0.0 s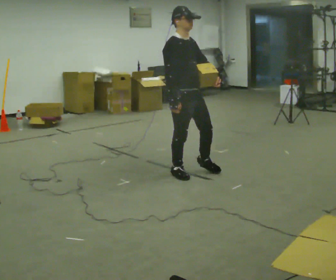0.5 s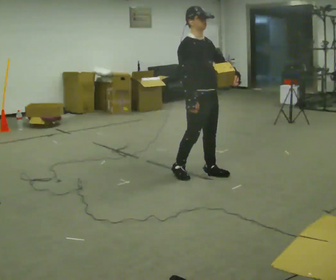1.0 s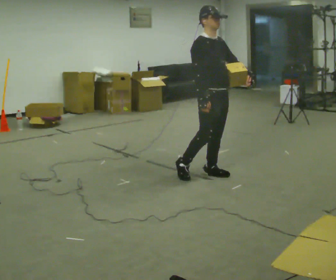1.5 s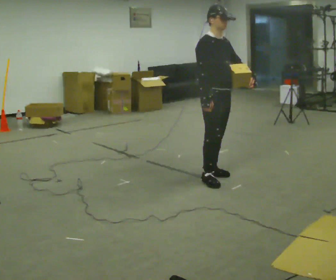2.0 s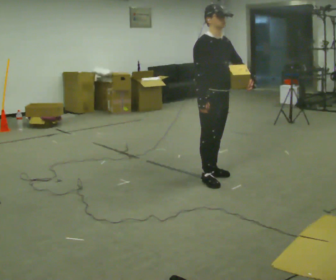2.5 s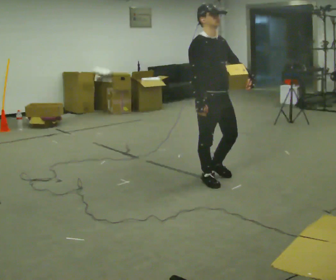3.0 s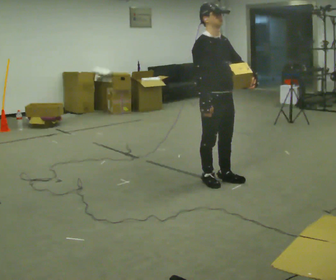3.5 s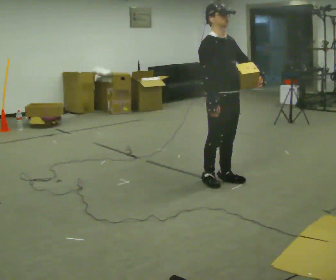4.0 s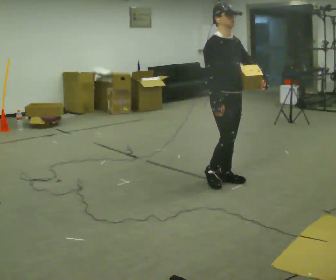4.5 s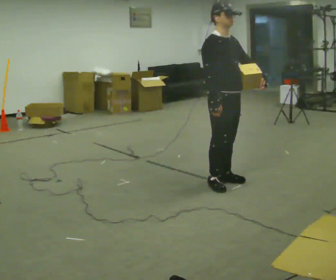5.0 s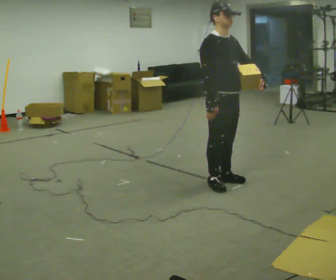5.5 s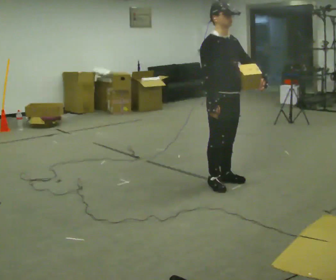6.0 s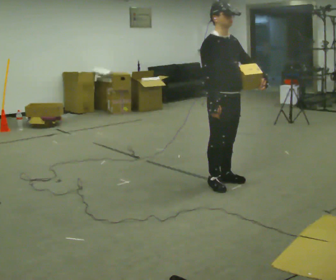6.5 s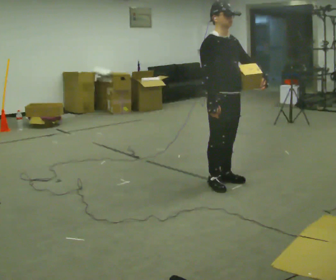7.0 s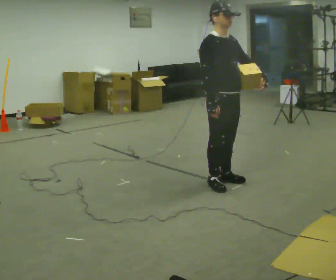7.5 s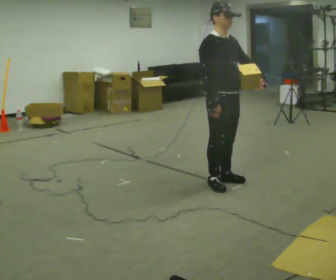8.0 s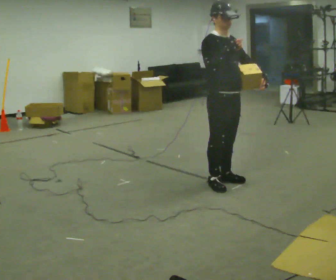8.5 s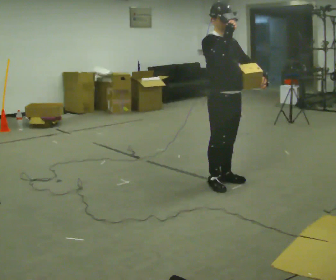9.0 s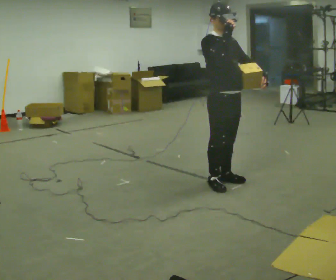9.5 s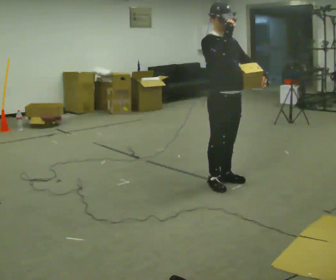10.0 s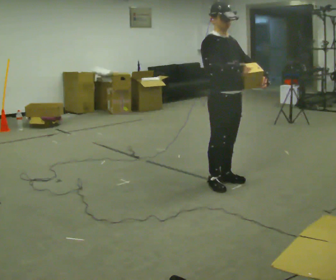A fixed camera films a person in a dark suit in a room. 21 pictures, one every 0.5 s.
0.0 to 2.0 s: In the picture they go to the right, about 0.25 m in 2 steps, which for them is forward.
2.0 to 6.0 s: In the picture they go to the right, about 0.25 m in 1 step, which for them is forward.
6.0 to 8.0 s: In the picture their right hand goes upward.
8.0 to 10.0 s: The person moves a little, or ends about where they began.
The film runs forward here.
